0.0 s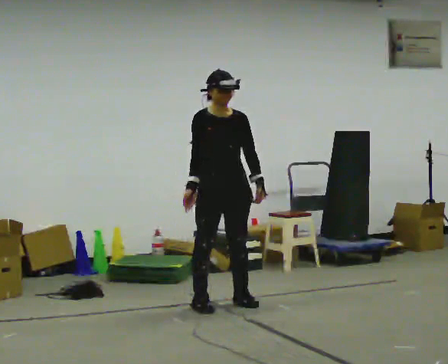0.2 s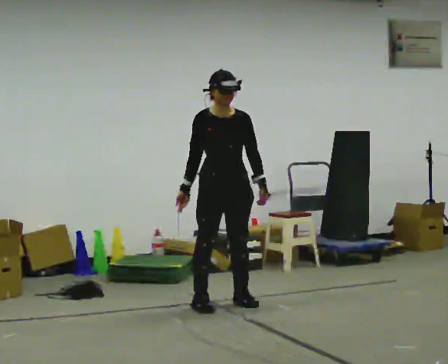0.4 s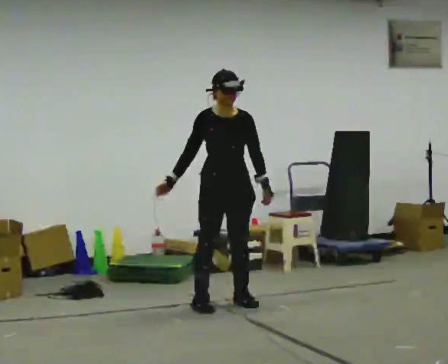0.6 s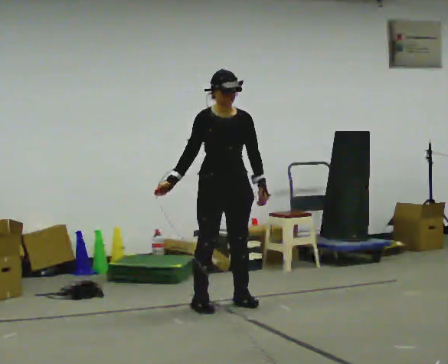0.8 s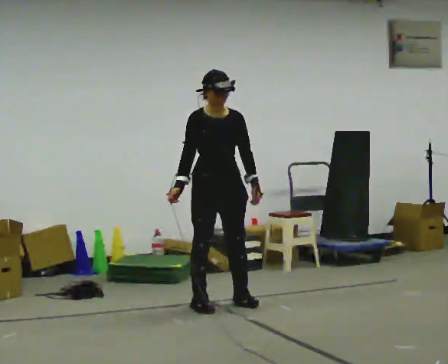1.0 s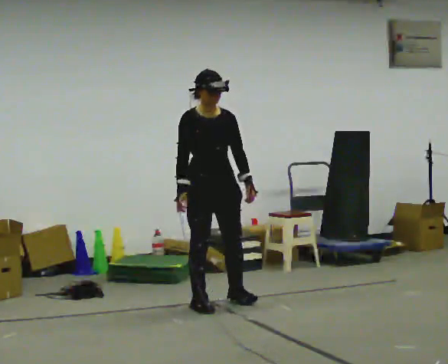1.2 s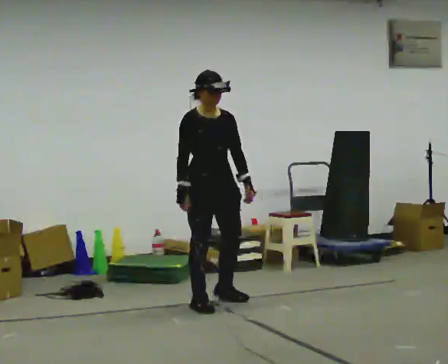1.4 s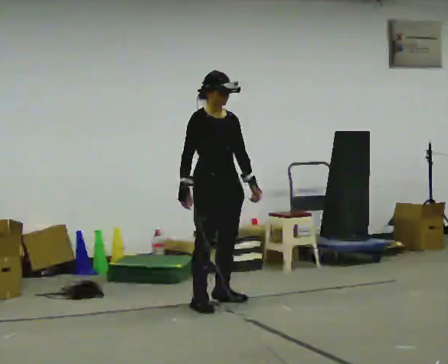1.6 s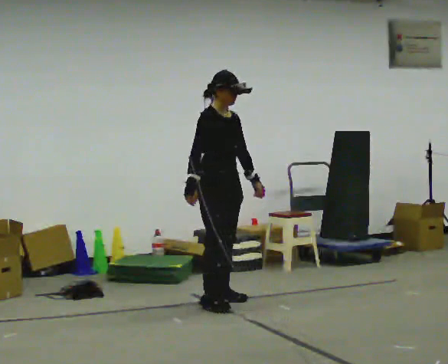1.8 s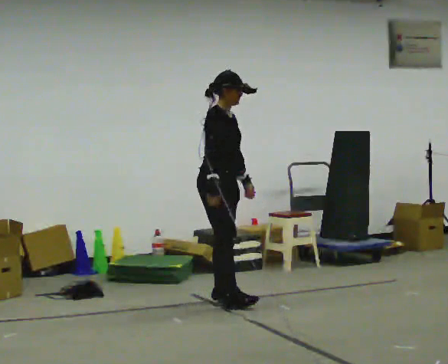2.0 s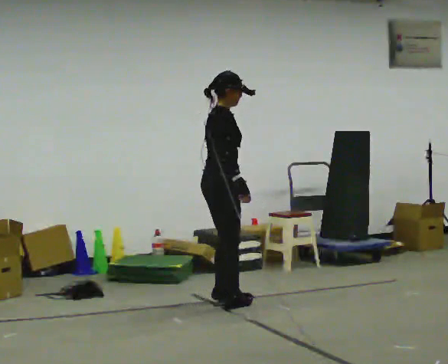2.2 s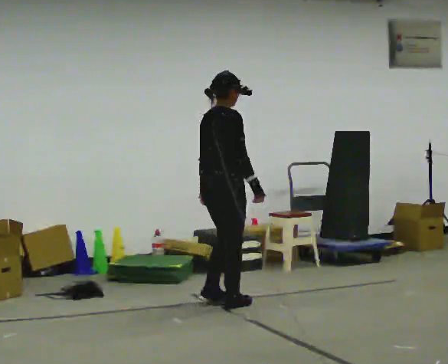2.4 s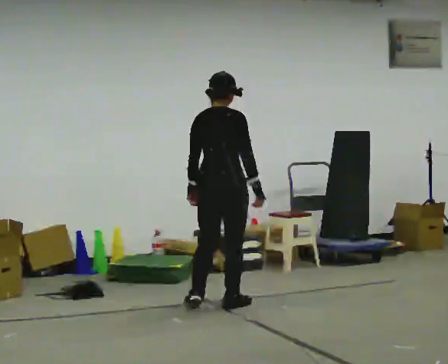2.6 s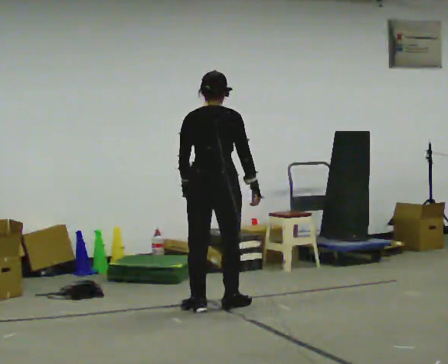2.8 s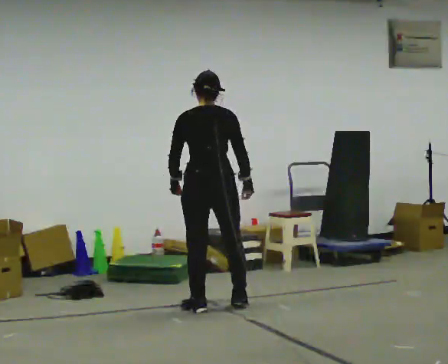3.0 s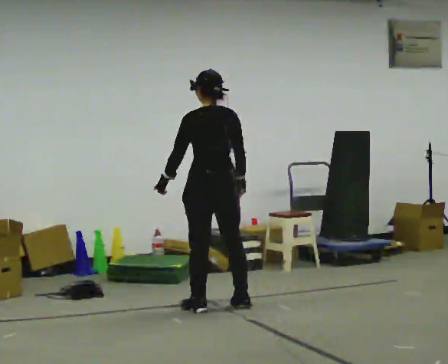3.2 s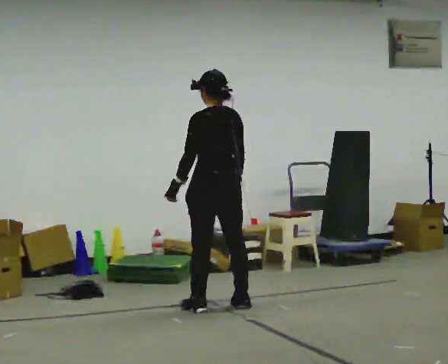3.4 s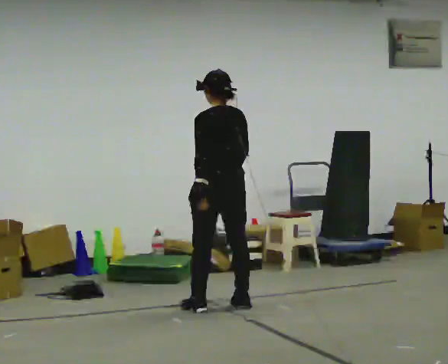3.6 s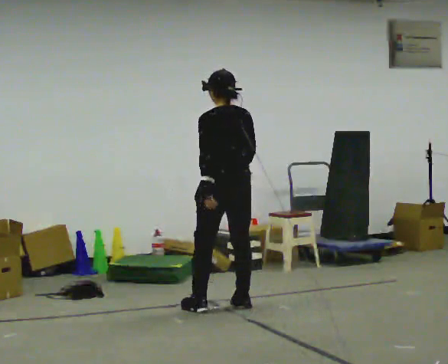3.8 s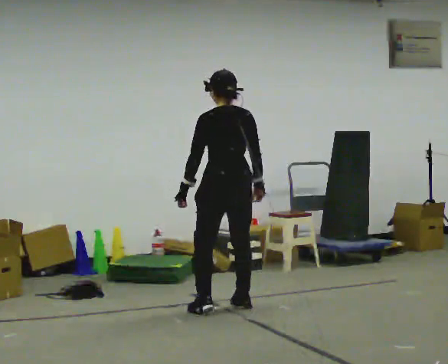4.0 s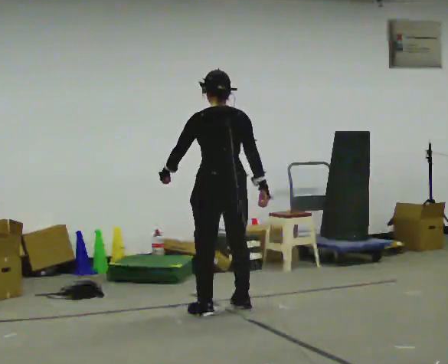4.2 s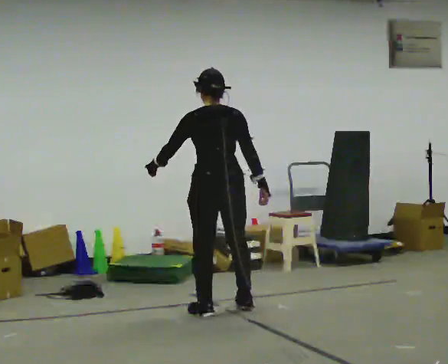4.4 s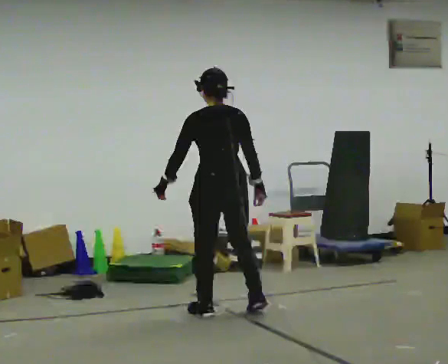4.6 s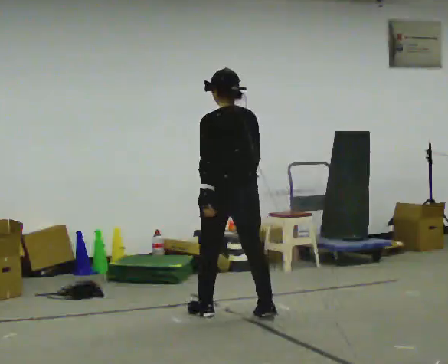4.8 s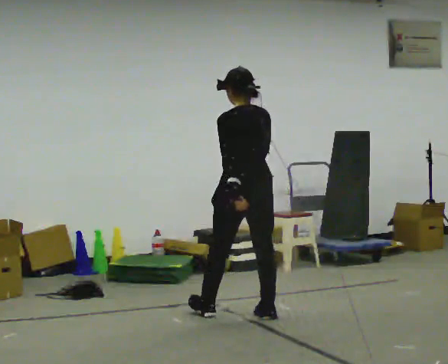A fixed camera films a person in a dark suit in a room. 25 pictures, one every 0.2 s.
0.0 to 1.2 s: The person moves a little, or ends about where they began.
1.2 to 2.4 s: The part of the body nearest the lens slides to the right as the person turns to their left by about 105 degrees. In the picture their left hand goes to the left, the arm swinging clockwise.
2.4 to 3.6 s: The person turns about 75 degrees to their left, counterclockwise seen from above, so the part of the body nearest the lens slides to the right.
3.6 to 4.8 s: In the picture they go toward the camera, about 0.25 m in 2 steps, which for them is backward.
The film runs backward here.
